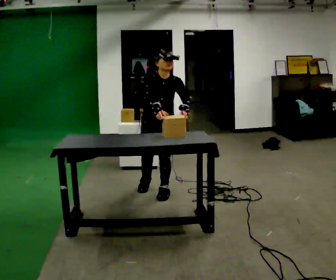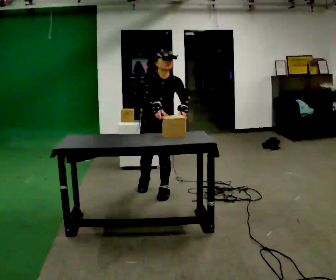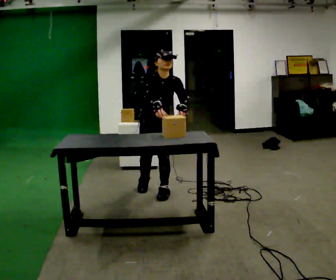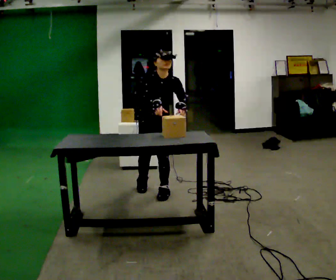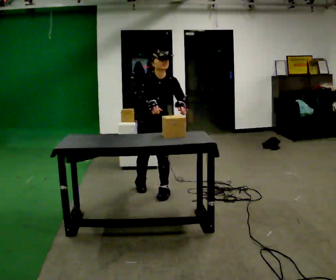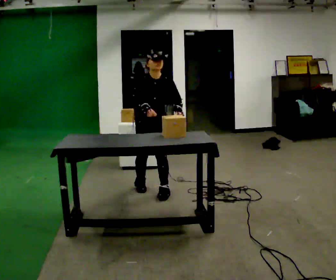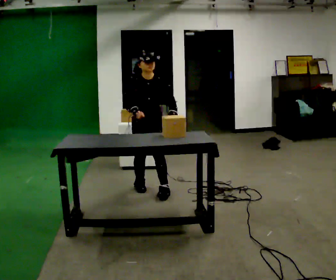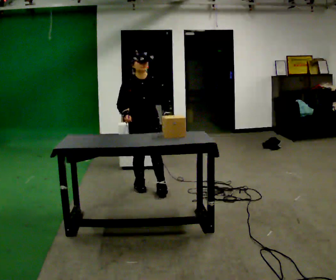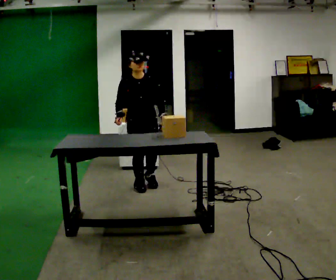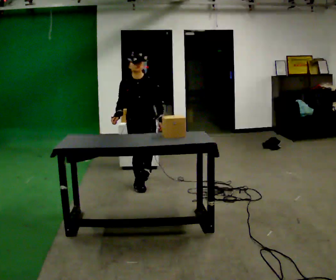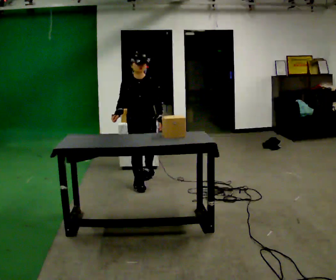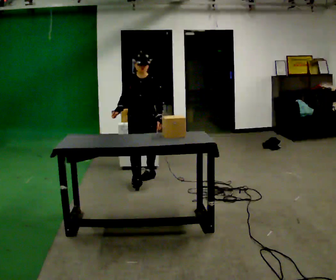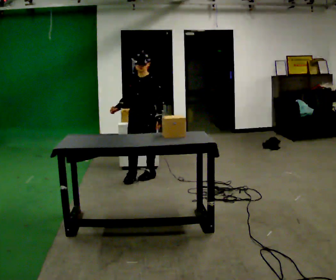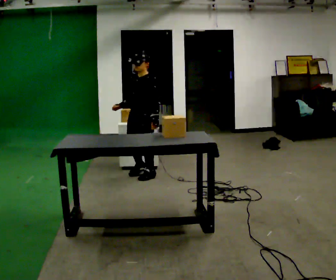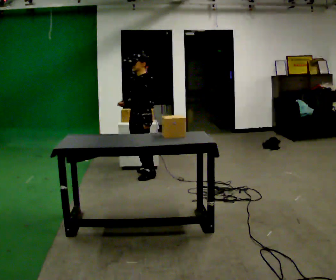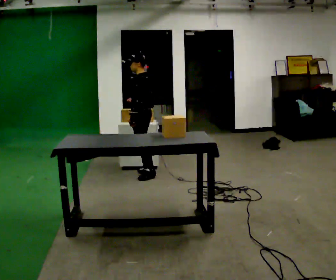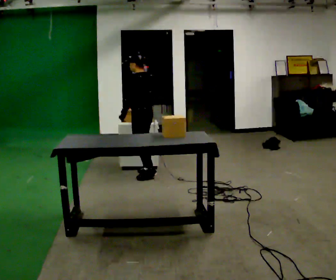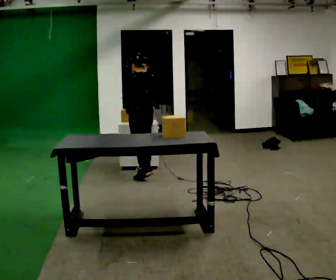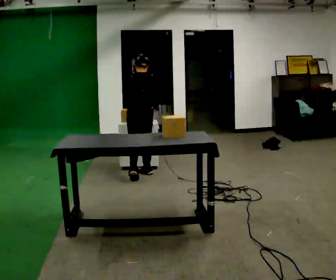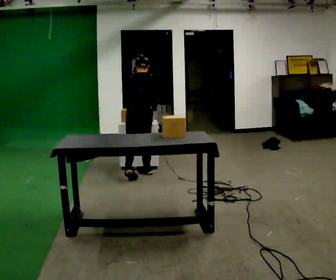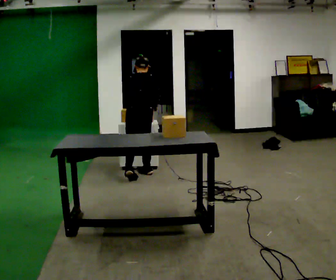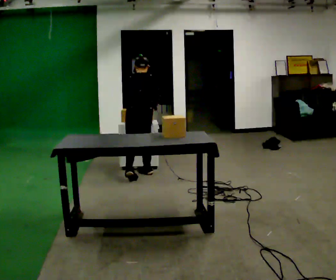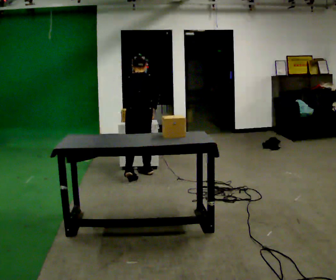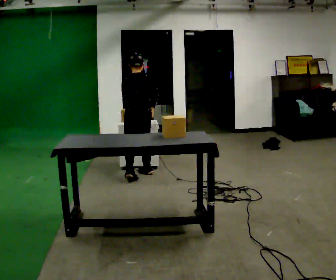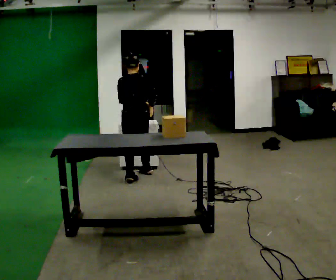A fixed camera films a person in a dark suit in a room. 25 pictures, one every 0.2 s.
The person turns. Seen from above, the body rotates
clockwise.
The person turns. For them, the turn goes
to their right.
0.0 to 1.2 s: The person moves a little, or ends about where they began.
1.2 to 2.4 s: In the picture they go away from the camera, about 0.5 m in 2 steps, which for them is backward.
2.4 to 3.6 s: The part of the body nearest the lens slides to the left as the person turns to their right by about 150 degrees. In the picture they go away from the camera, about 0.25 m in 1 step. In the picture their left hand goes to the left, the arm swinging clockwise.
3.6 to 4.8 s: The person moves a little, or ends about where they began.
The film runs backward here.
